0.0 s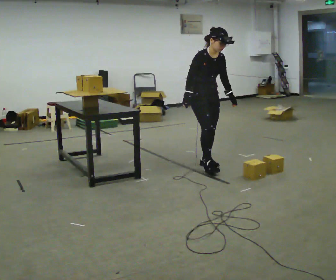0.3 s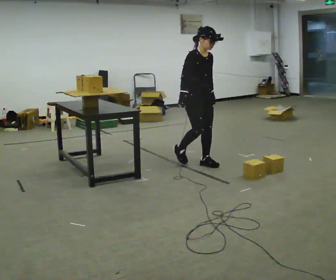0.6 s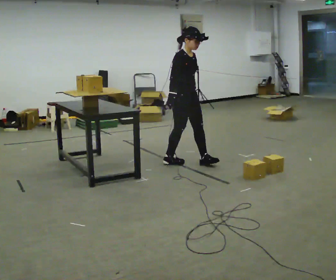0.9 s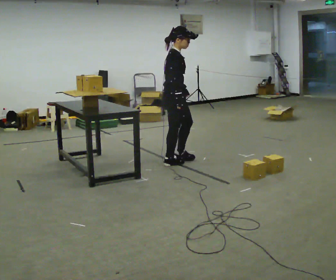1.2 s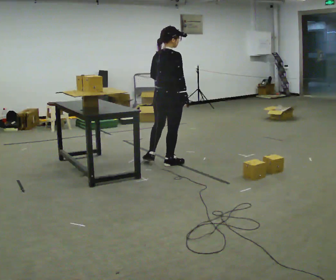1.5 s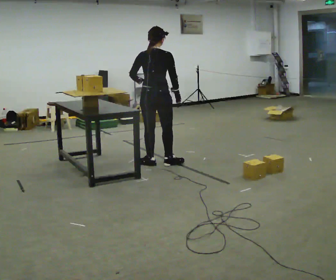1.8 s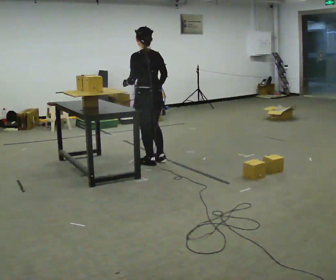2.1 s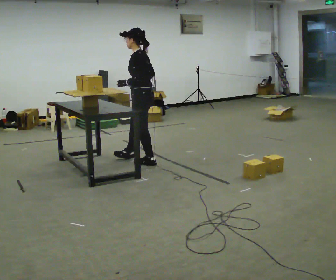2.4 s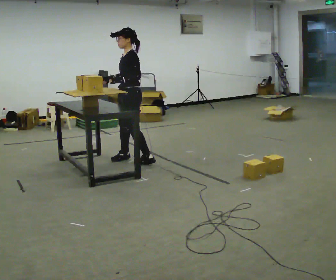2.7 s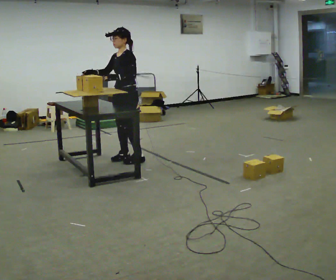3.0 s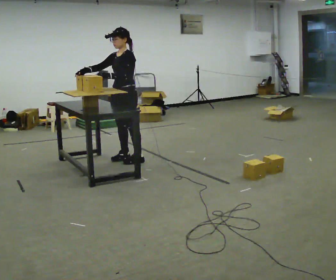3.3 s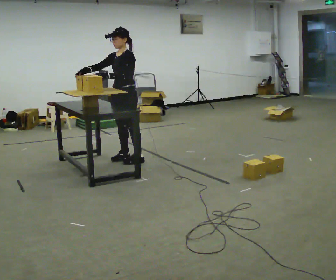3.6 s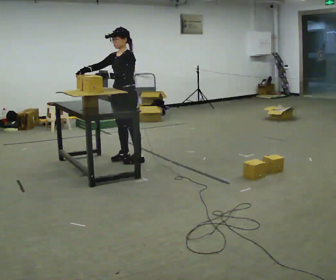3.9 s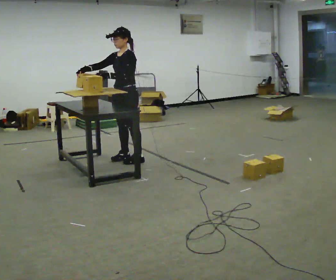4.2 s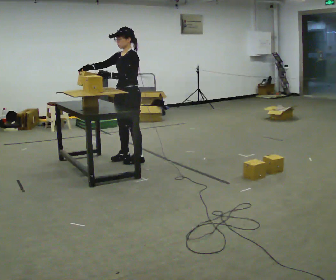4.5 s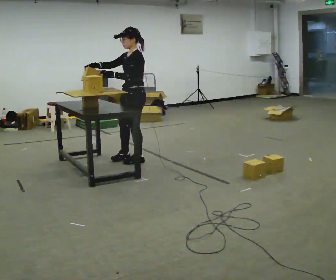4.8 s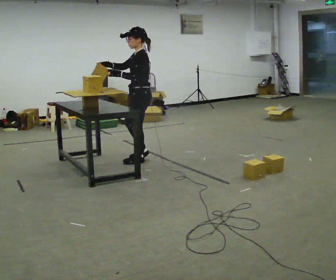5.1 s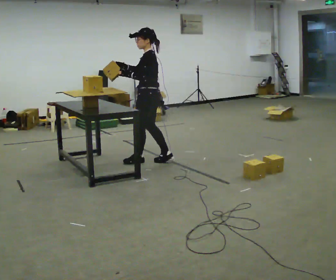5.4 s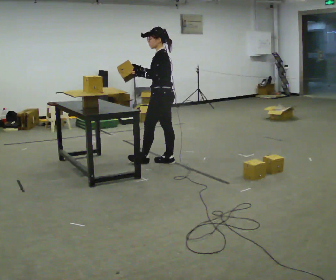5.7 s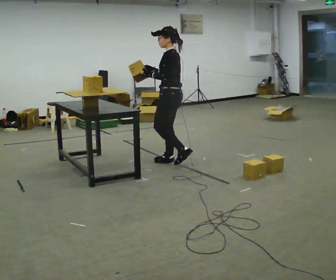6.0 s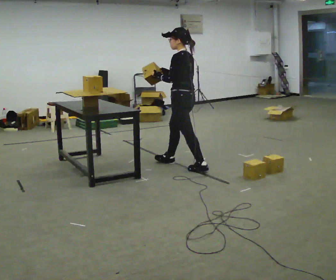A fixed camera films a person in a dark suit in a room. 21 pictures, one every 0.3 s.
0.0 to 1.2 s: Seen from above the body turns counterclockwise, about 105 degrees: to their left, with its near side sliding to the right. In the picture they go to the left, about 0.5 m in 1 step.
1.2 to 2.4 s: The part of the body nearest the lens slides to the right as the person turns to their left by about 150 degrees. In the picture they go to the left and away from the camera, about 0.5 m in 1 step.
2.4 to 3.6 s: In the picture their right hand goes to the left.
3.6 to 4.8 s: The part of the body nearest the lens slides to the left as the person turns to their right by about 30 degrees. In the picture they go to the right, about 0.25 m in 1 step, which for them is to their left.
4.8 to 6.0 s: The part of the body nearest the lens slides to the left as the person turns to their right by about 30 degrees. In the picture they go to the right and toward the camera, about 0.5 m in 1 step, which for them is backward.
The film runs backward here.
